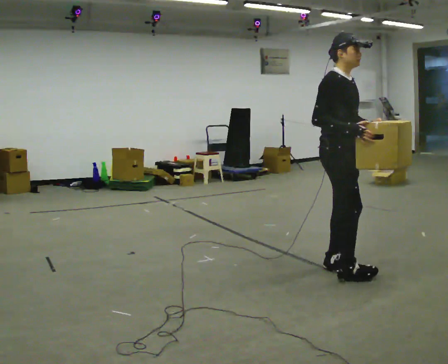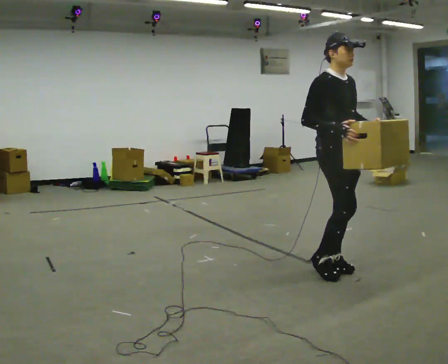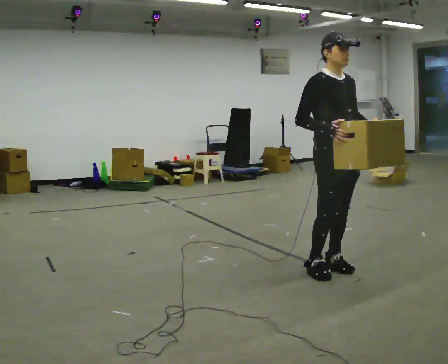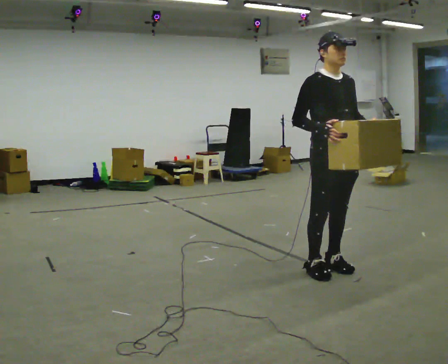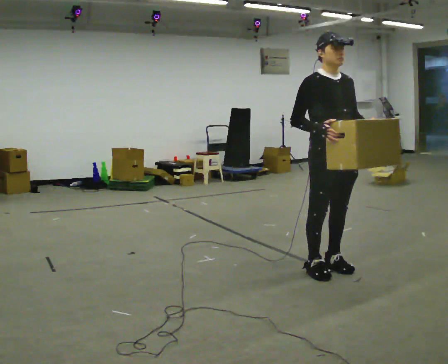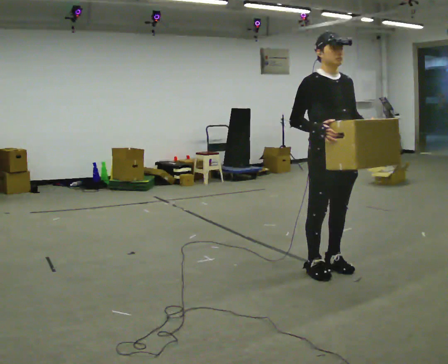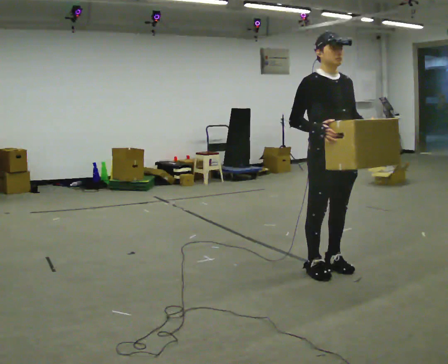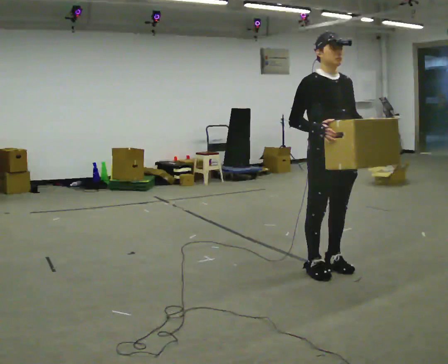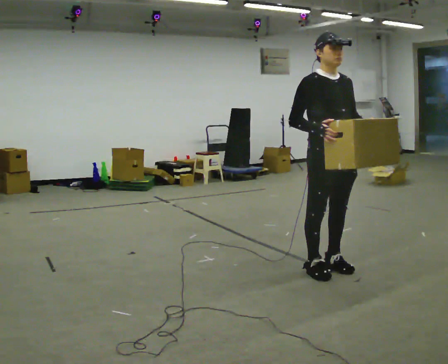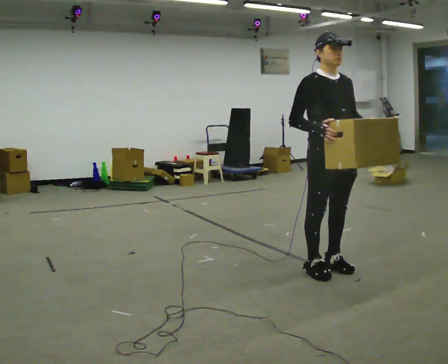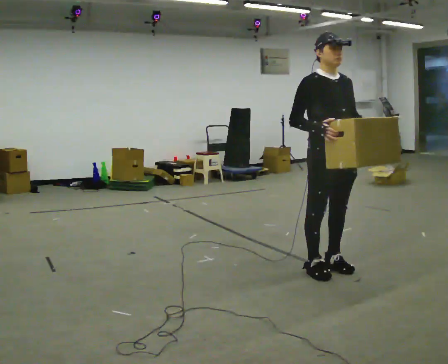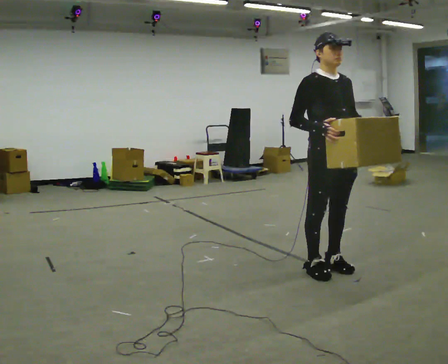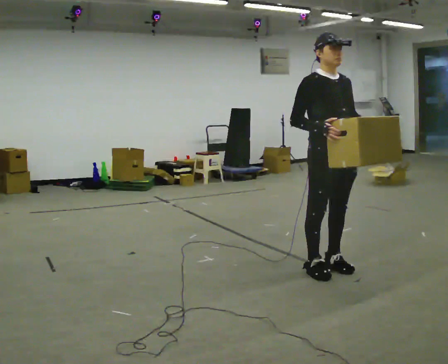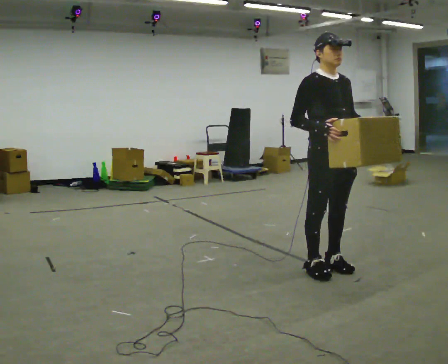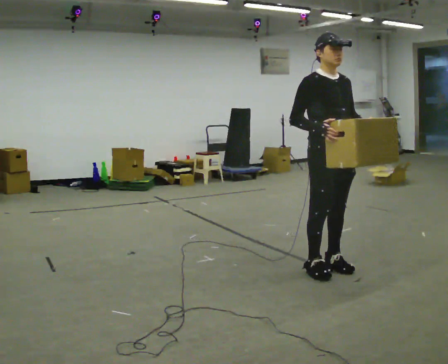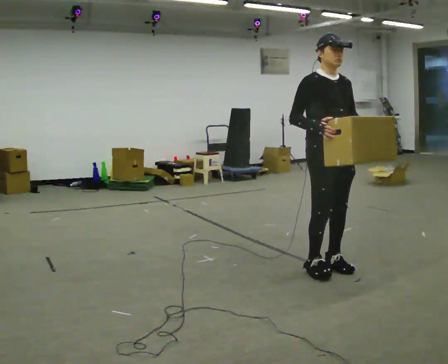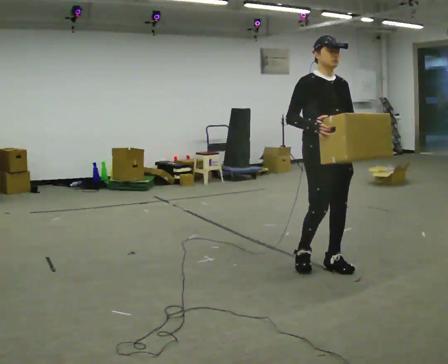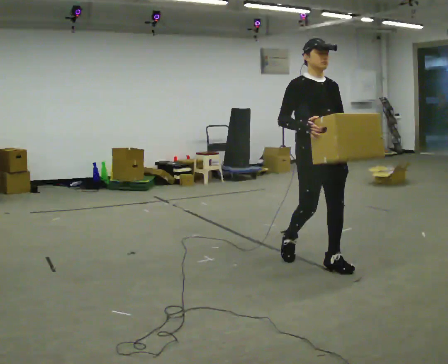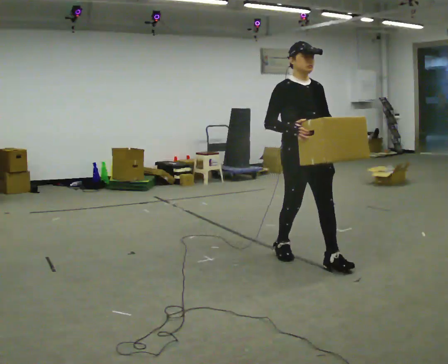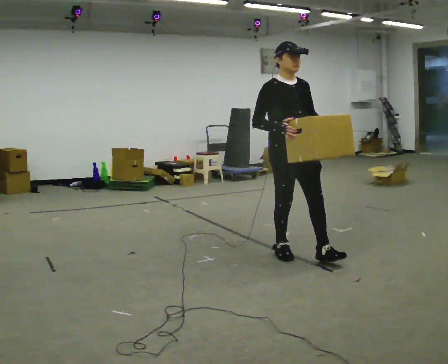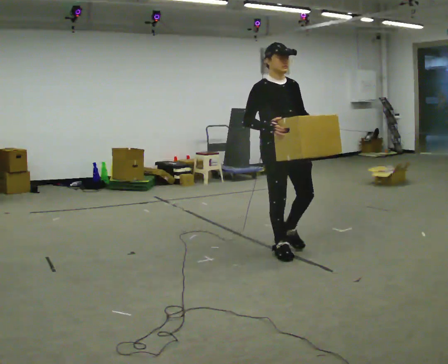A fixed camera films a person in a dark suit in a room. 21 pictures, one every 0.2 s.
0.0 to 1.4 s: The part of the body nearest the lens slides to the left as the person turns to their right by about 30 degrees.
1.4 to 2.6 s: The person moves a little, or ends about where they began.
2.6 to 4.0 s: In the picture they go away from the camera and to the left, about 0.5 m in 2 steps, which for them is backward.
The film runs backward here.
